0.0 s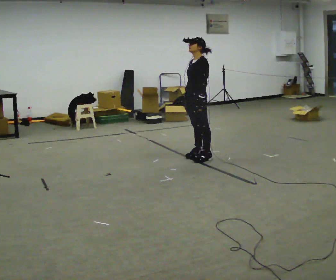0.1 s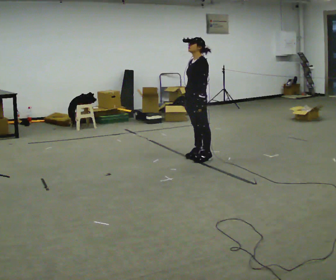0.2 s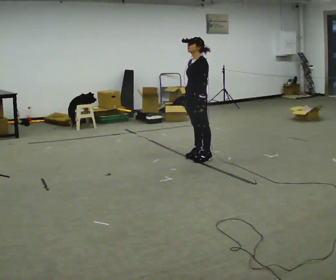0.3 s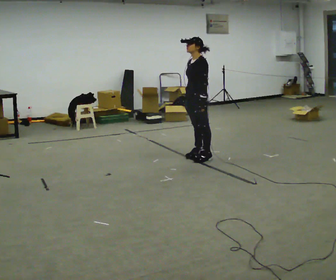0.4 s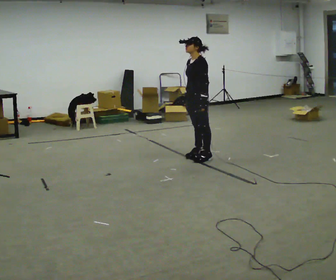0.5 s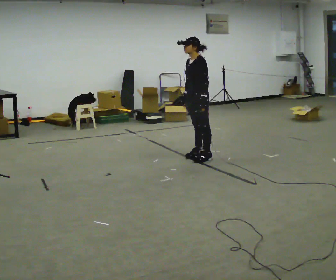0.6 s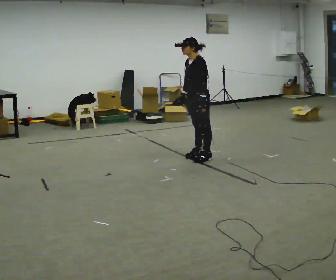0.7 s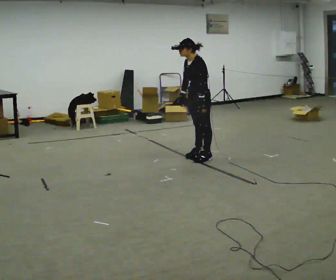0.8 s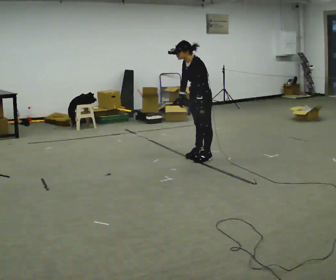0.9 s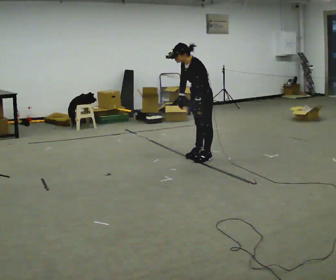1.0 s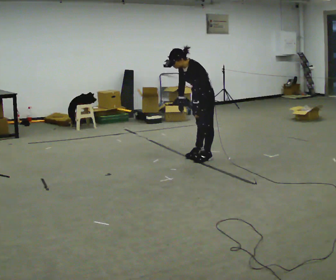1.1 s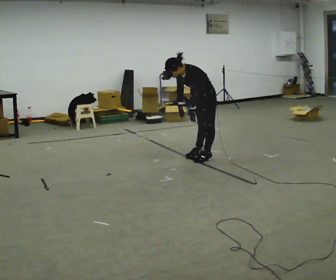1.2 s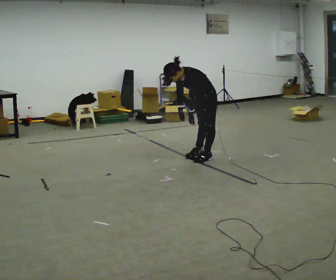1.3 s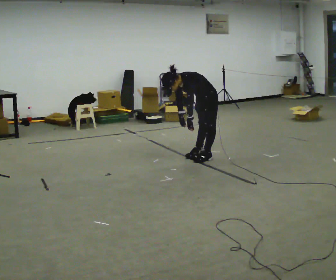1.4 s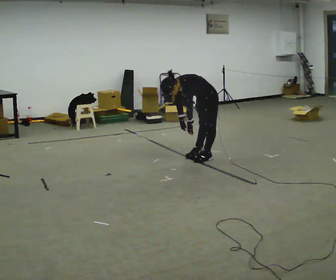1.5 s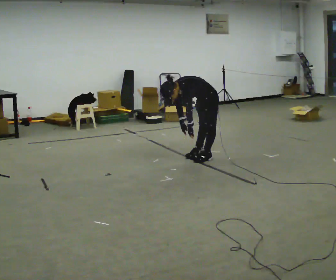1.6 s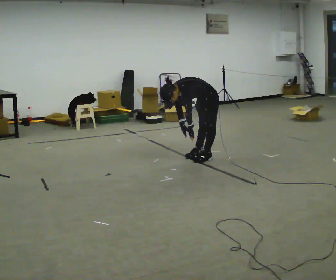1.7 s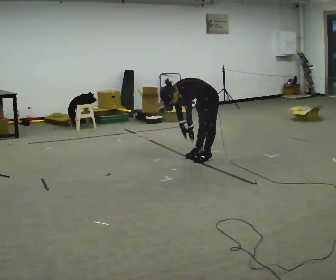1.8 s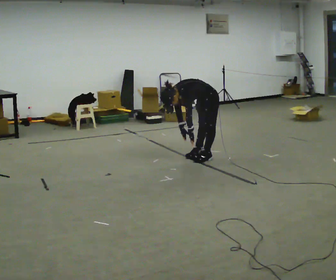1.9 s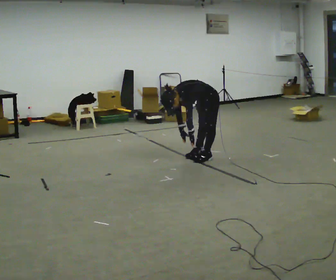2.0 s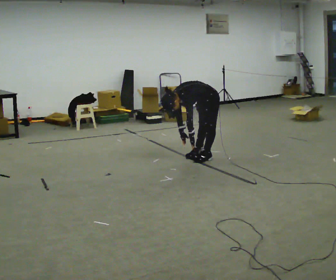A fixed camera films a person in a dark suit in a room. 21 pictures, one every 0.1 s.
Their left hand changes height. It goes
downward.
The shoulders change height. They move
downward.
0.0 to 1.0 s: In the picture the upper body tilts counterclockwise, shoulders to the left, as they bend forward.
1.0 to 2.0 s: The shoulders move downward. In the picture the upper body tilts counterclockwise, shoulders to the left, as they bend forward. In the picture their right hand goes downward.
The film runs backward here.
